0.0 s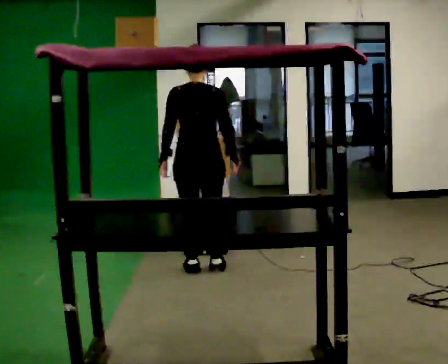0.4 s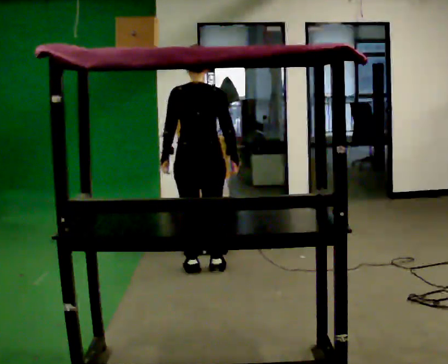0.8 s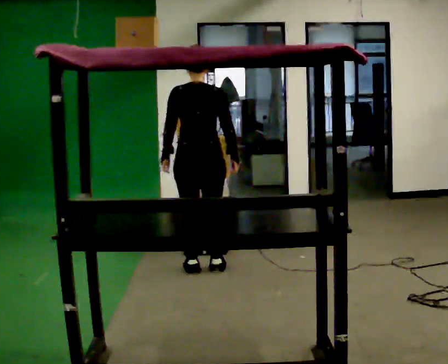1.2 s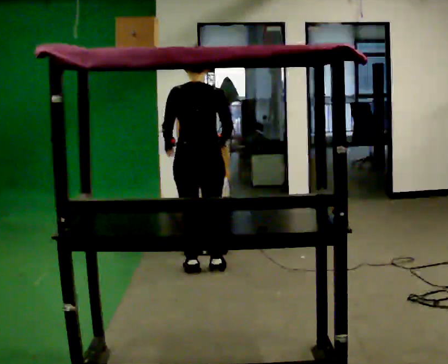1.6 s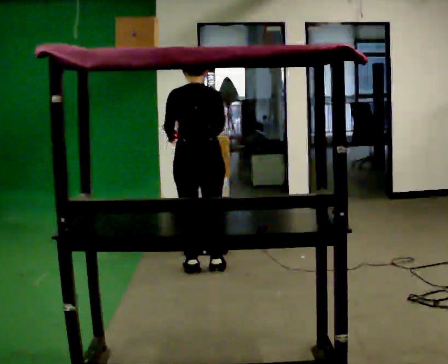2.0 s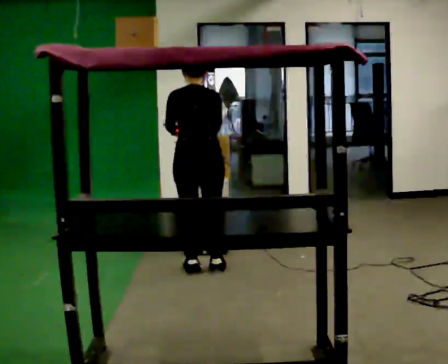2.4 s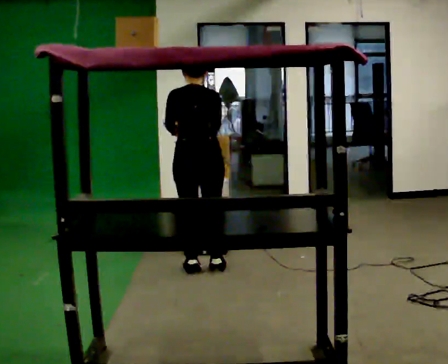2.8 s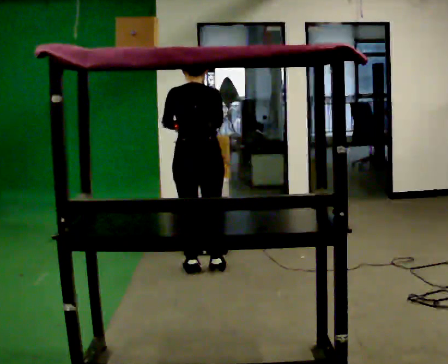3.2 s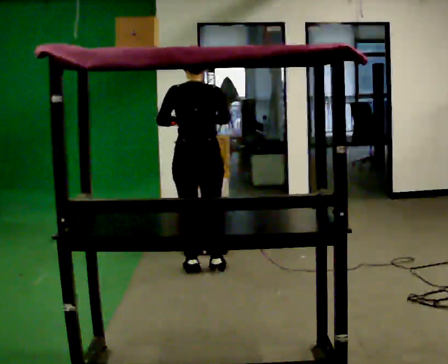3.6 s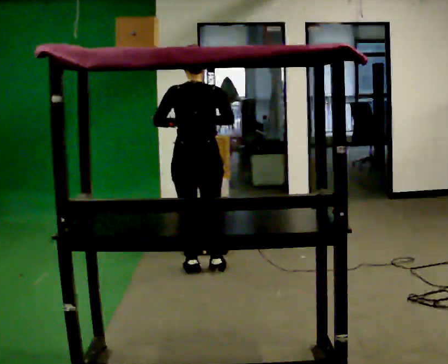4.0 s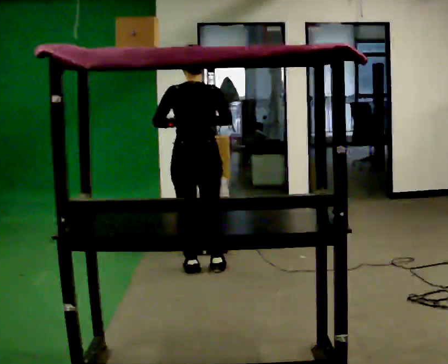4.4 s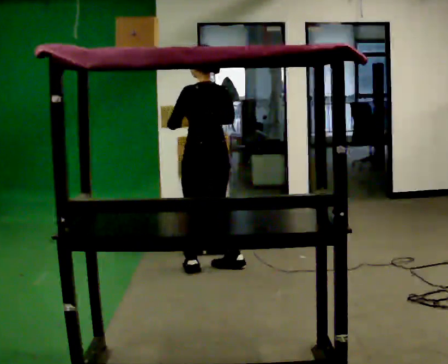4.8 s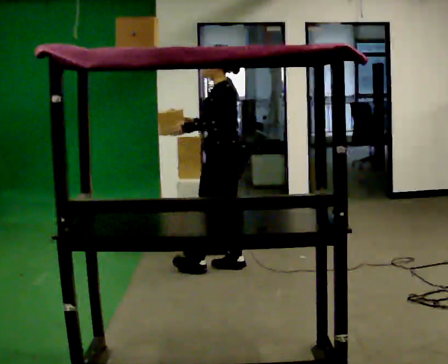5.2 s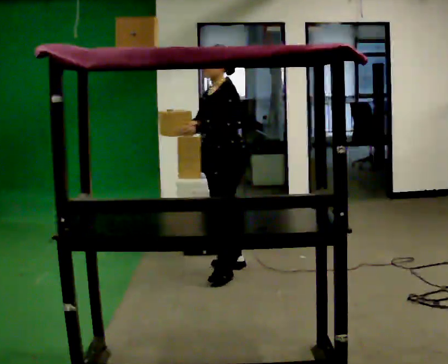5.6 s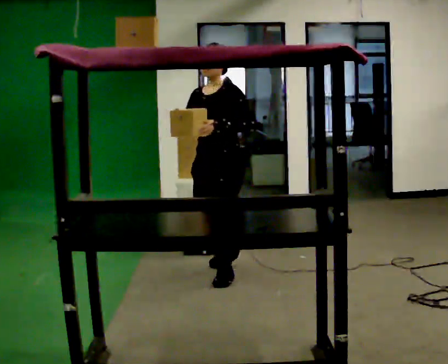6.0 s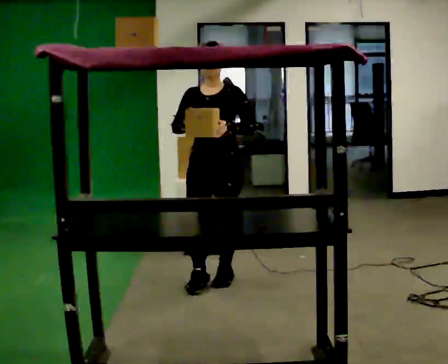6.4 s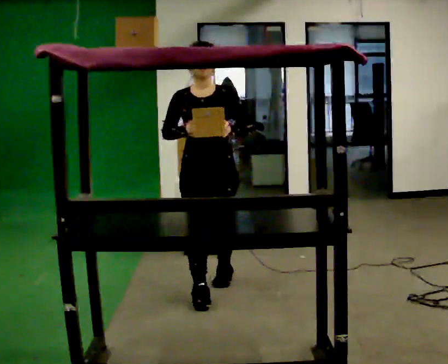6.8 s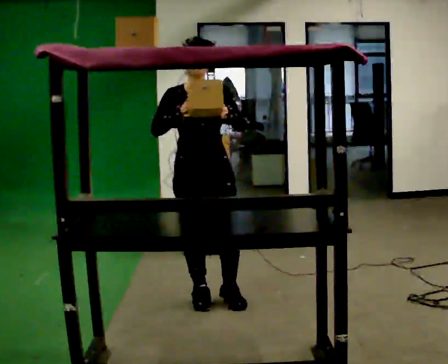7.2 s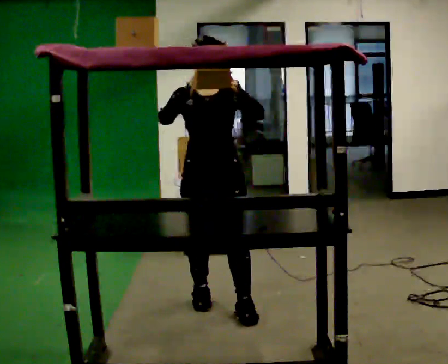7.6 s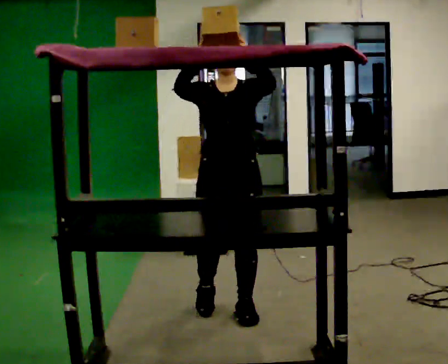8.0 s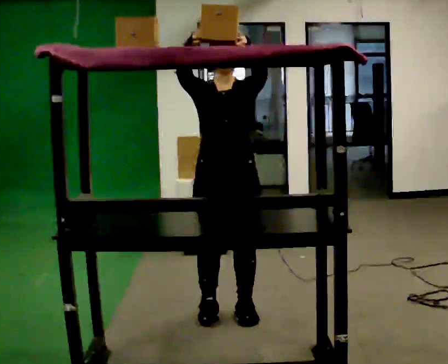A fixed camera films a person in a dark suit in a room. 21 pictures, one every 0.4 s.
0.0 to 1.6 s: The upper body tips away from the camera, its near side rolling upward, as they bend forward.
1.6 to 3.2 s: The person moves a little, or ends about where they began.
3.2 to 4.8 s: The part of the body nearest the lens slides to the right as the person turns to their left by about 75 degrees. In the picture they go to the right, about 0.25 m in 1 step.
4.8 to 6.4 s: Seen from above the body turns counterclockwise, about 105 degrees: to their left, with its near side sliding to the right. In the picture they go toward the camera, about 0.5 m in 2 steps.
6.4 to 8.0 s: In the picture they go toward the camera, about 0.5 m in 2 steps, which for them is forward. In the picture their right hand goes upward.
The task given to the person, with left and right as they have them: Take an object from the waist-height shelf, carry it across the room, and place it on the highest shelf you can comfortably reach. Keep going until the operator says stop; one object at a time, and do not rush between trips.
The film runs forward here.
